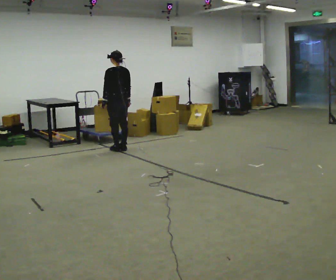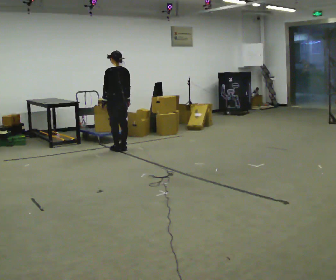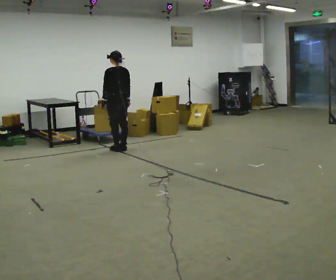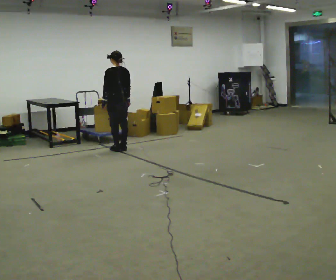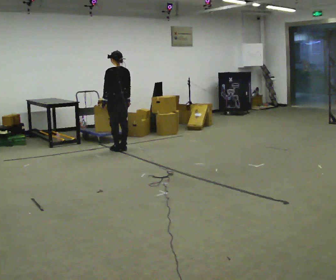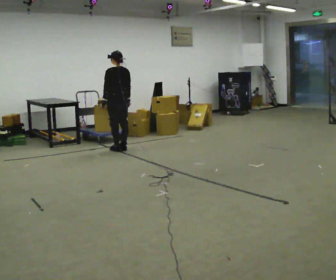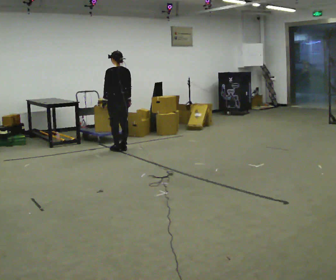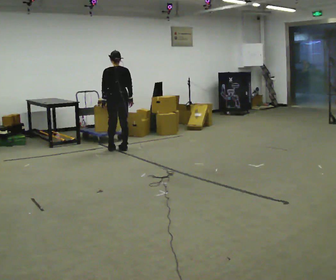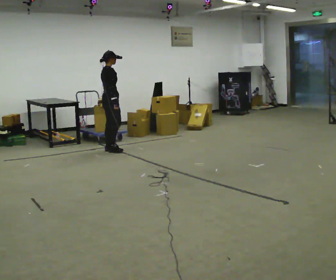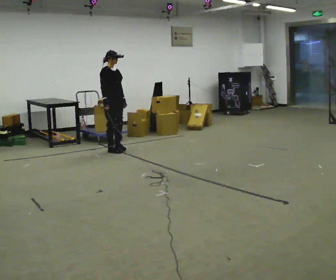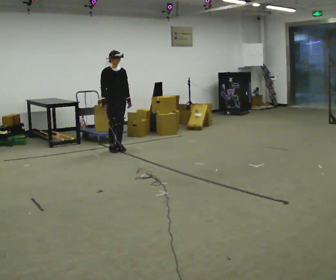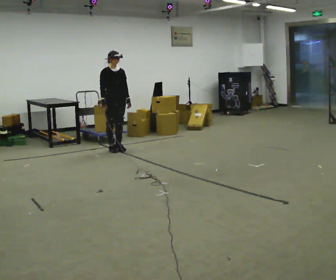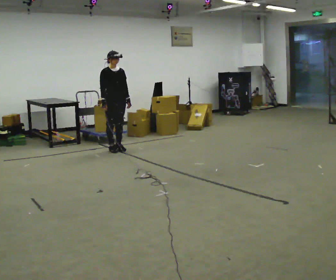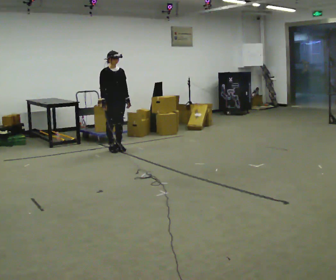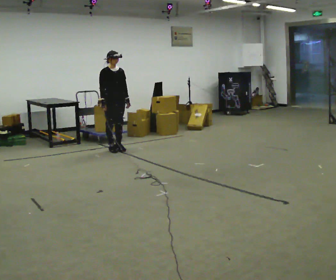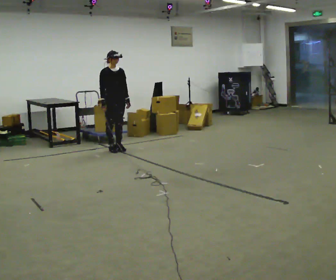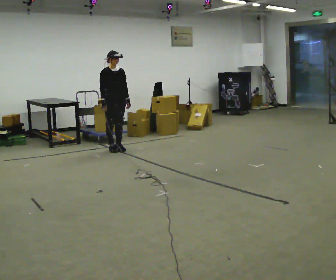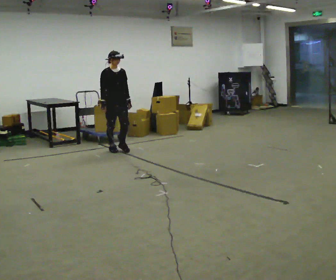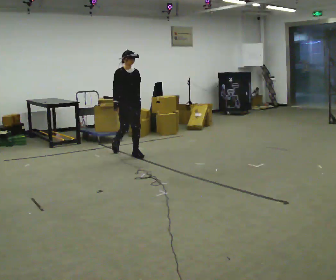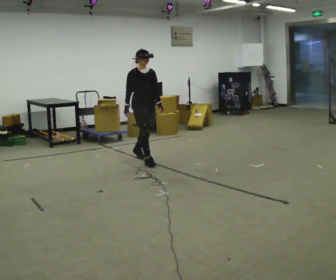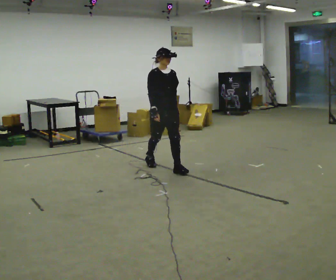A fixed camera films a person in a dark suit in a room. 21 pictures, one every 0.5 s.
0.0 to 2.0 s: The person keeps their place and pose.
2.0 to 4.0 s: The part of the body nearest the lens slides to the left as the person turns to their right by about 105 degrees. In the picture they go to the left, about 0.25 m in 2 steps.
4.0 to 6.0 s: The person turns about 75 degrees to their right, clockwise seen from above, so the part of the body nearest the lens slides to the left.
6.0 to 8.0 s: The person moves a little, or ends about where they began.
8.0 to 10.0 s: In the picture they go toward the camera and to the right, about 1.5 m in 3 steps, which for them is forward.
The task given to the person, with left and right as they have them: Stand still 2 s; begin walking naturally; walk forward; stop.
The film runs forward here.
